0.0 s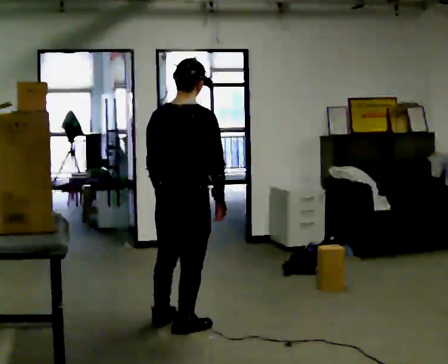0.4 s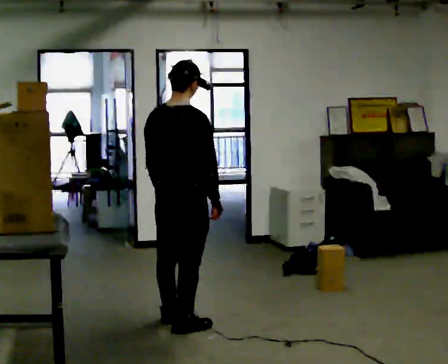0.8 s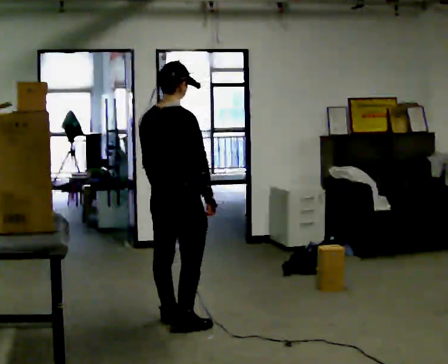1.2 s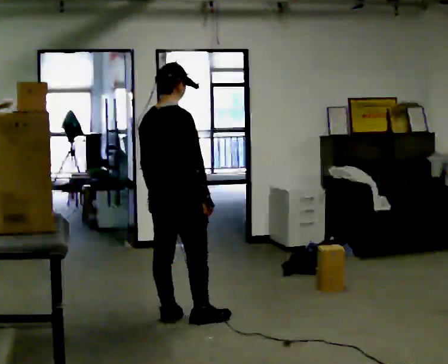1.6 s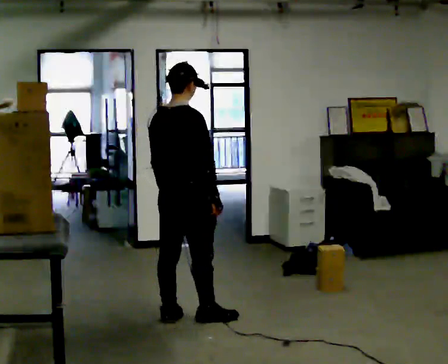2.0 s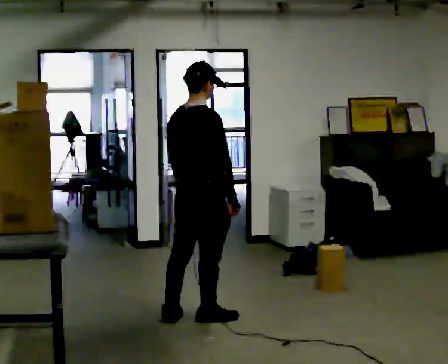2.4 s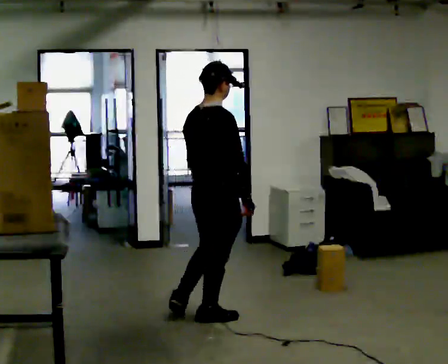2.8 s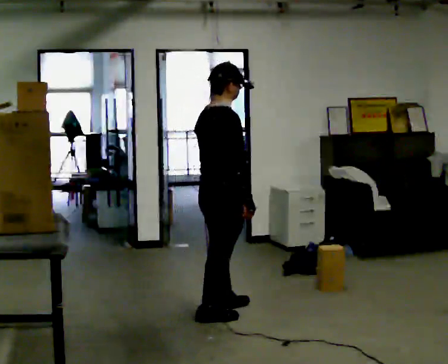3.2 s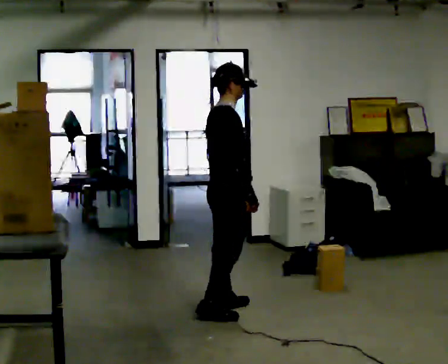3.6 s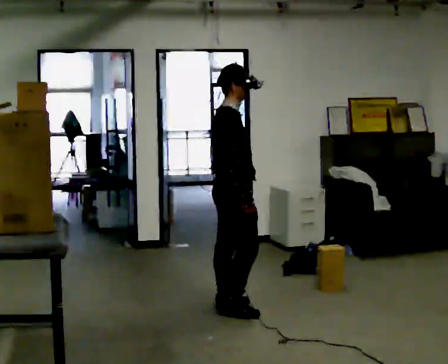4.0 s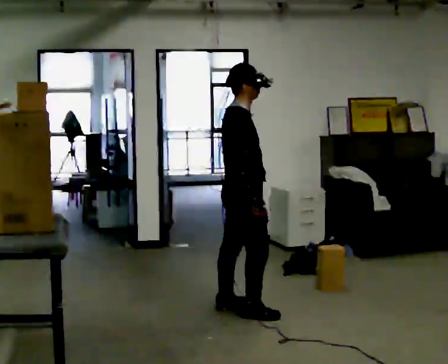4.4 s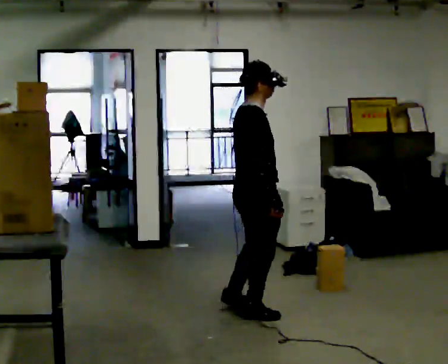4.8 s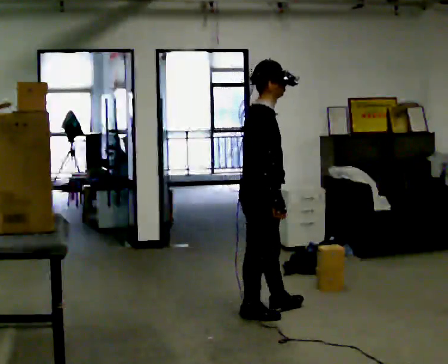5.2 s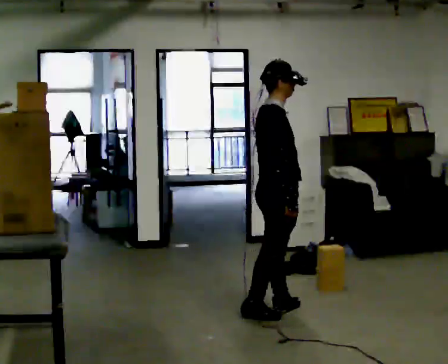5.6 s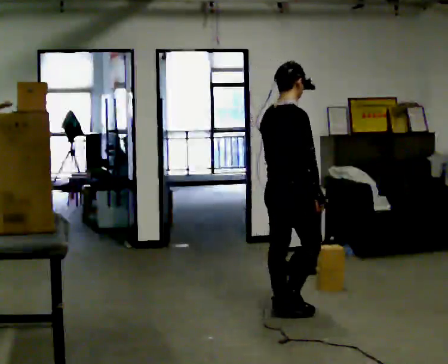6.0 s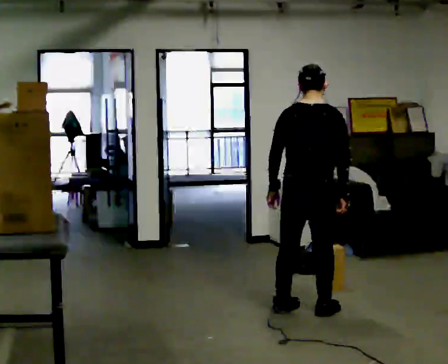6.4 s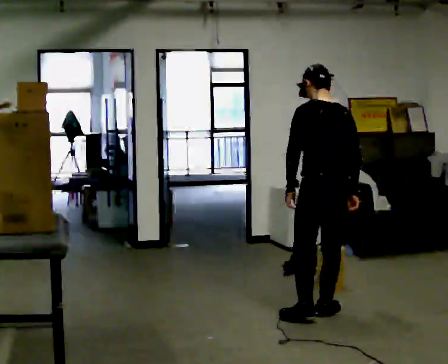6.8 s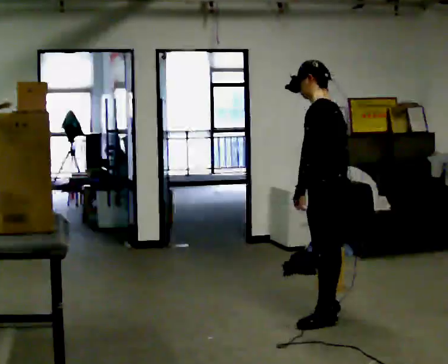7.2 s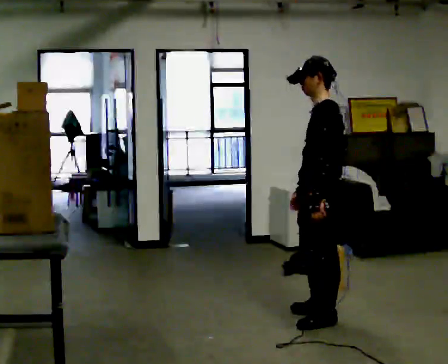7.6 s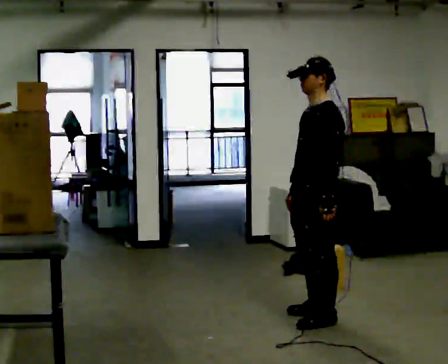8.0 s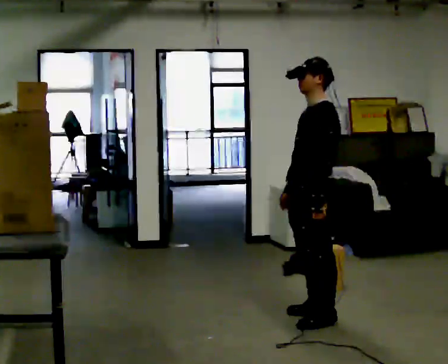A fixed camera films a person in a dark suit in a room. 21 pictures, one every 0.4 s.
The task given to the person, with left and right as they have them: Pick an object up off the floor, carry it across the room, and place it on the highest shelf you can comfortably reach. Keep going until the operator says stop; one object at a time, and do not rush between trips.
0.0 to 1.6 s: In the picture they go away from the camera, about 0.25 m in 2 steps, which for them is forward and to their left.
1.6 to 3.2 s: Seen from above the body turns clockwise, about 30 degrees: to their right, with its near side sliding to the left. In the picture they go to the right and away from the camera, about 0.25 m in 1 step, which for them is forward.
3.2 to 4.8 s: In the picture they go to the right and toward the camera, about 0.25 m in 1 step, which for them is to their right and forward.
4.8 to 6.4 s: The part of the body nearest the lens slides to the right as the person turns to their left by about 120 degrees. In the picture they go to the right, about 0.5 m in 2 steps.
6.4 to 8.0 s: The person turns about 75 degrees to their left, counterclockwise seen from above, so the part of the body nearest the lens slides to the right. In the picture their right hand goes to the left.
The film runs forward here.
